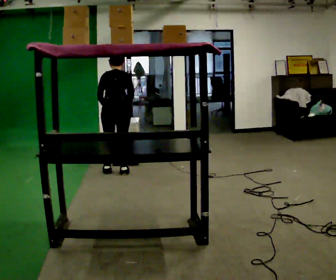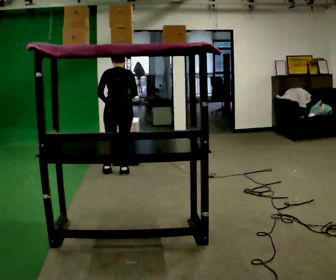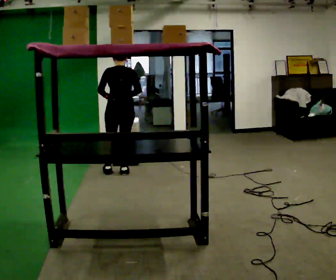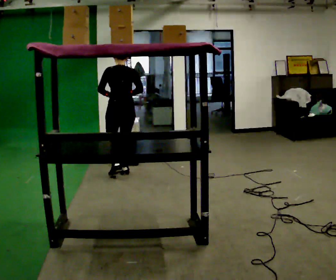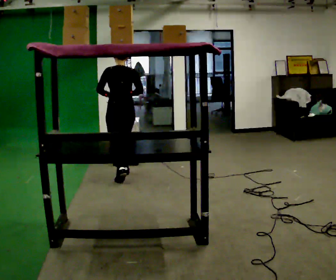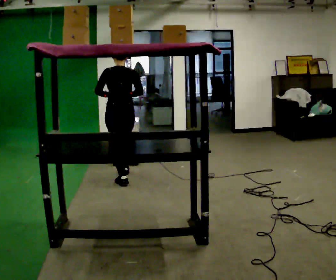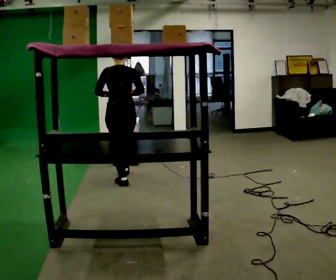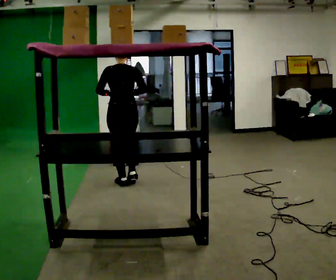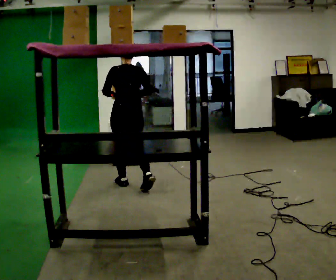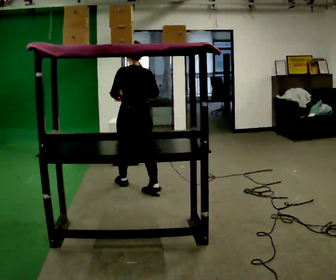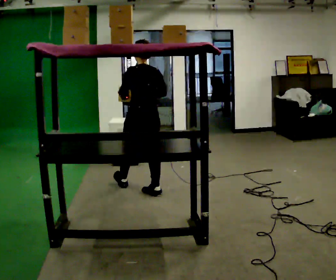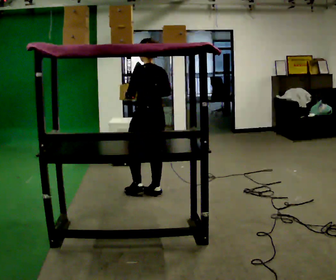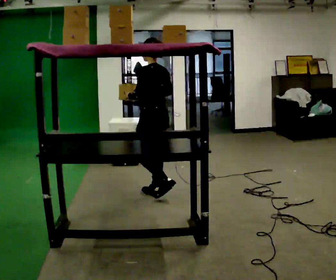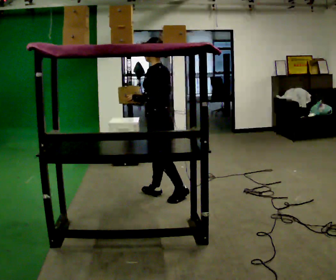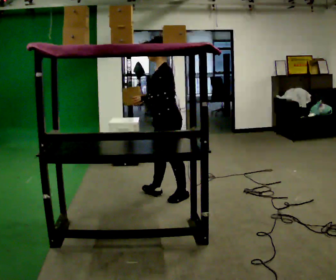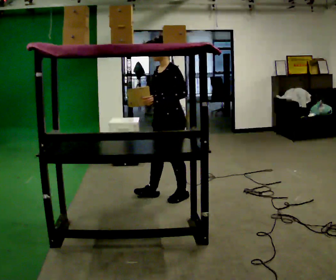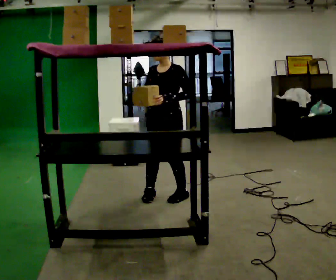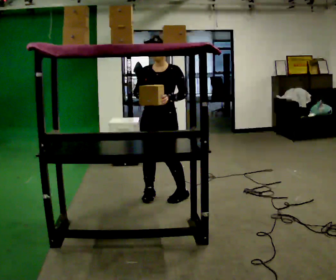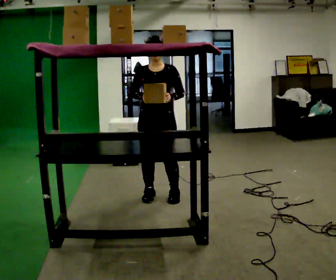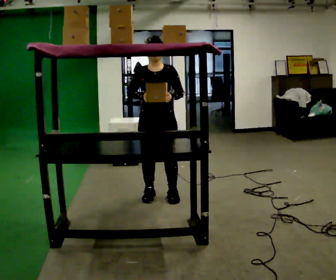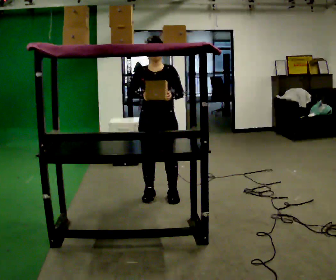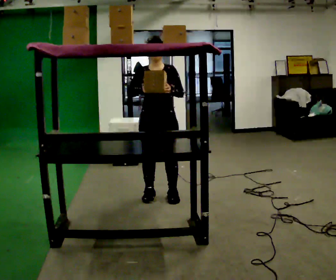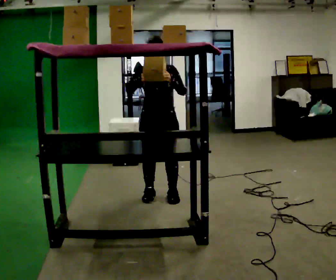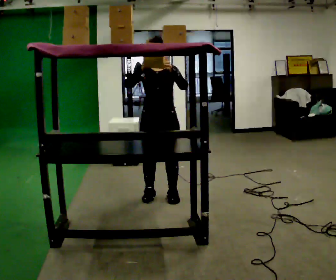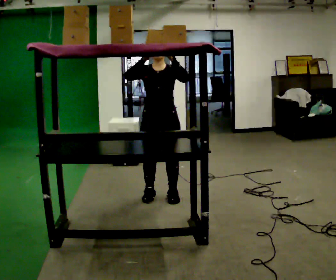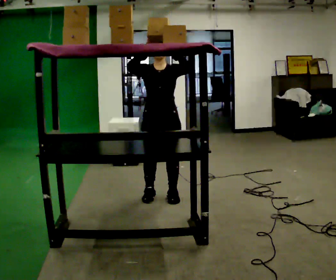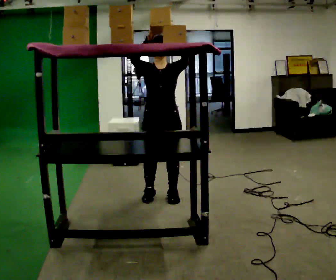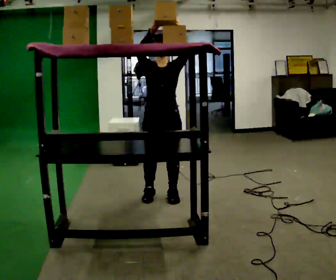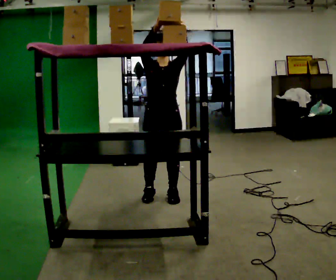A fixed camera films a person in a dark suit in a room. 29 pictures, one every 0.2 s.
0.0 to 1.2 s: In the picture they go toward the camera, about 0.25 m in 2 steps, which for them is backward. The upper body tips toward the camera, its near side rolling downward, as they lean back or straighten.
1.2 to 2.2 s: The part of the body nearest the lens slides to the right as the person turns to their left by about 30 degrees. In the picture they go toward the camera and to the right, about 0.5 m in 1 step, which for them is backward.
2.2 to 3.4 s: The part of the body nearest the lens slides to the right as the person turns to their left by about 120 degrees. In the picture they go toward the camera, about 0.25 m.
3.4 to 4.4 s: The person moves a little, or ends about where they began.
4.4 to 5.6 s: In the picture their left hand goes upward.
The film runs backward here.
